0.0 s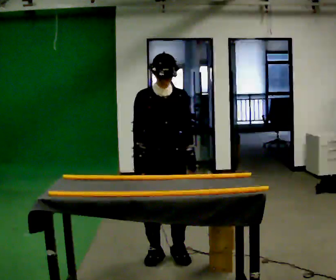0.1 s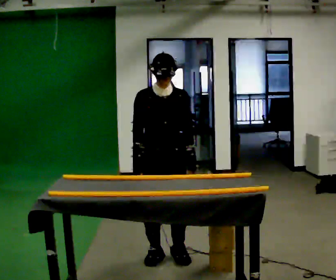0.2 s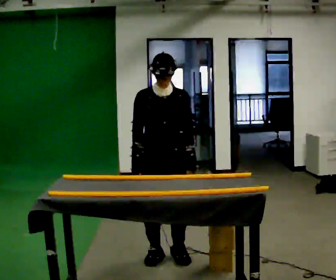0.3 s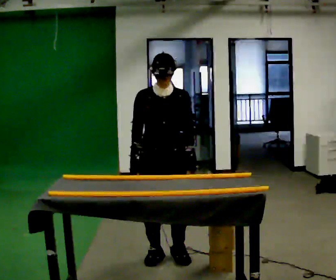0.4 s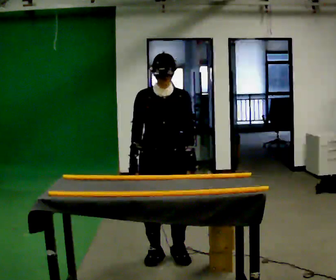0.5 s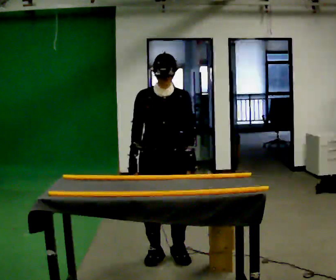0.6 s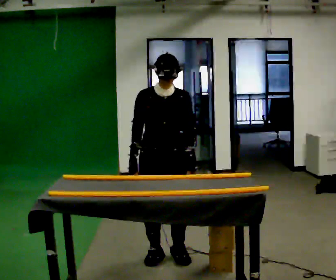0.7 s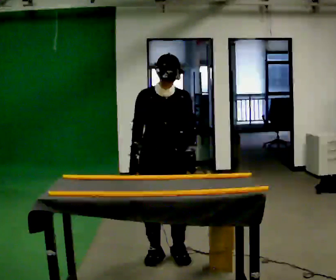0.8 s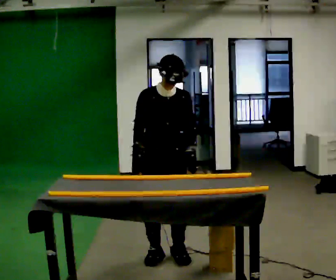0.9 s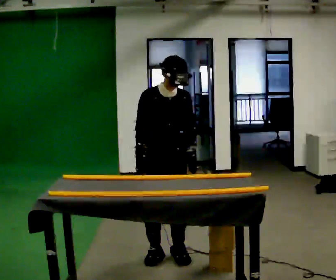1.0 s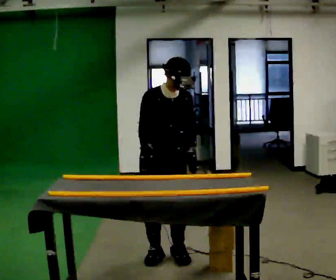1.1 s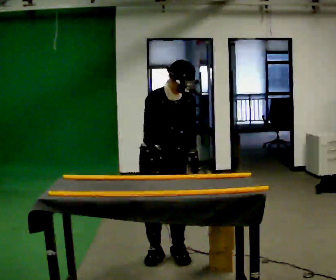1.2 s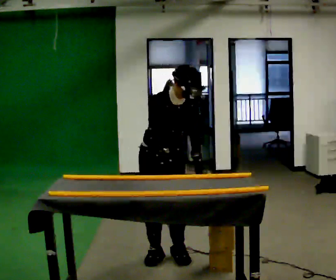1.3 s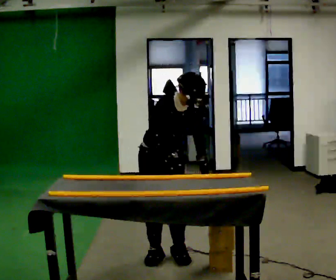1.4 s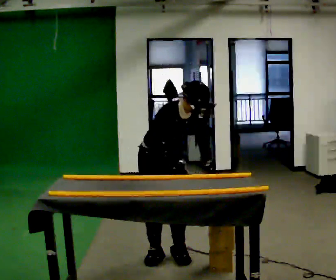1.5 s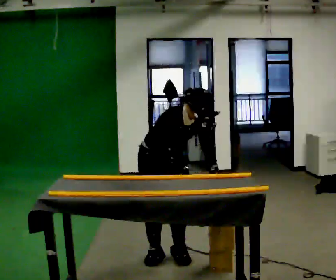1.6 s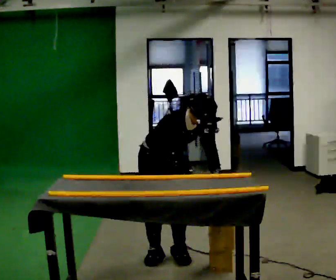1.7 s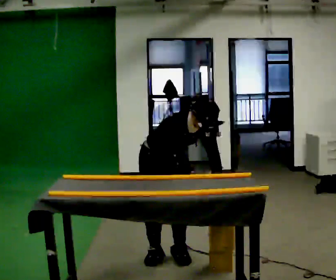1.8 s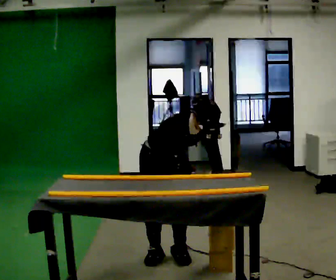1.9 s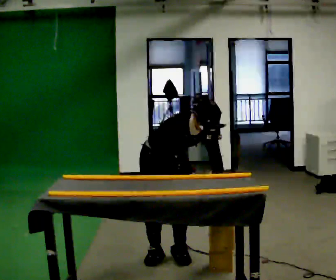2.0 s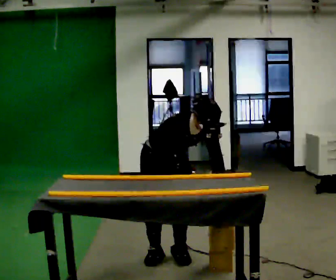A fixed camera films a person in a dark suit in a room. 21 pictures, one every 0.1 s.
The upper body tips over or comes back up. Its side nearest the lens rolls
downward.
0.0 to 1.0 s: The person moves a little, or ends about where they began.
1.0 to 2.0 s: The upper body goes downward. The upper body tips toward the camera, its near side rolling downward, as they bend forward. In the picture their right hand goes to the right.
The film runs forward here.
